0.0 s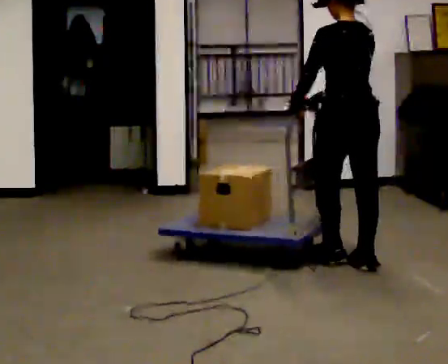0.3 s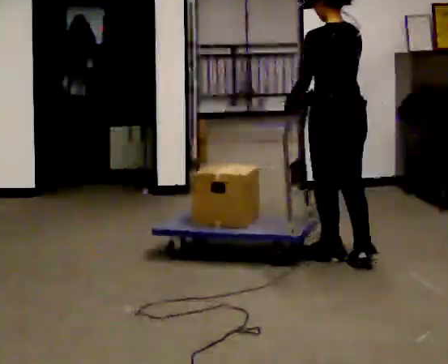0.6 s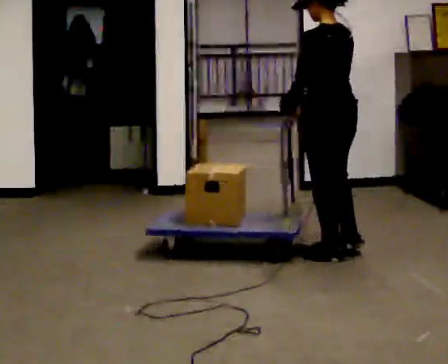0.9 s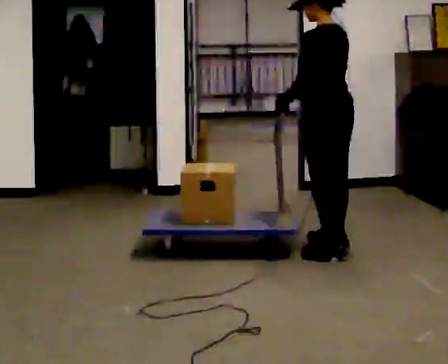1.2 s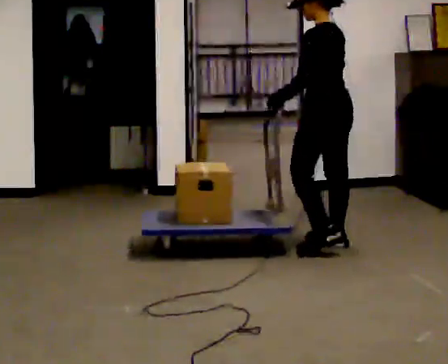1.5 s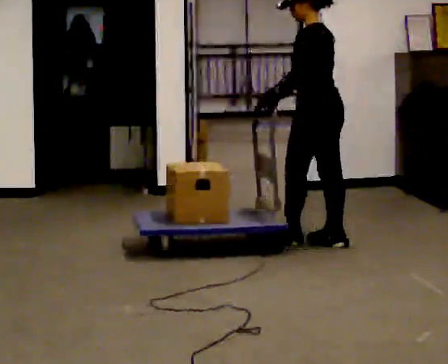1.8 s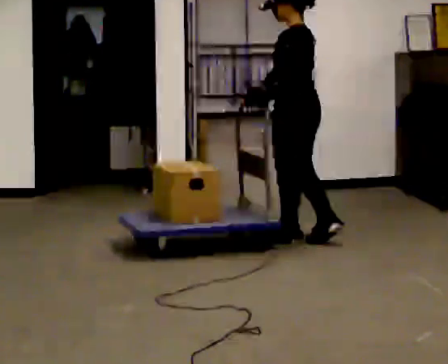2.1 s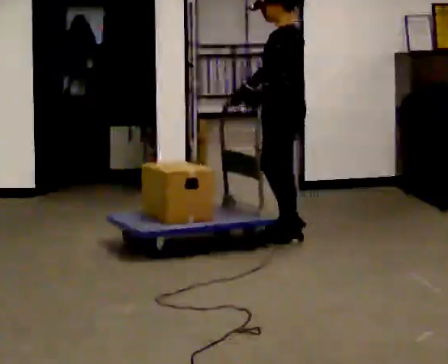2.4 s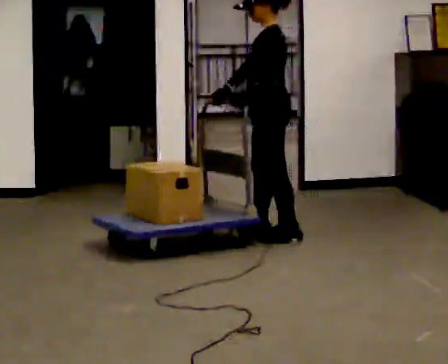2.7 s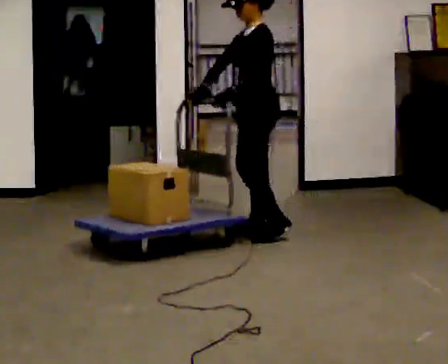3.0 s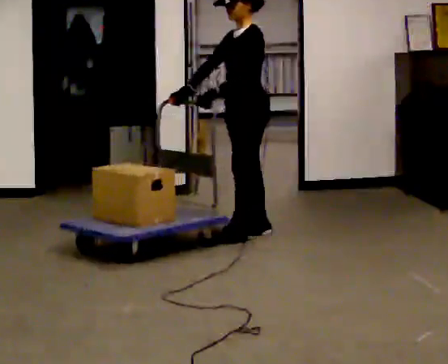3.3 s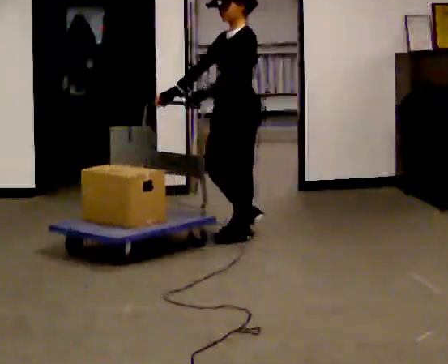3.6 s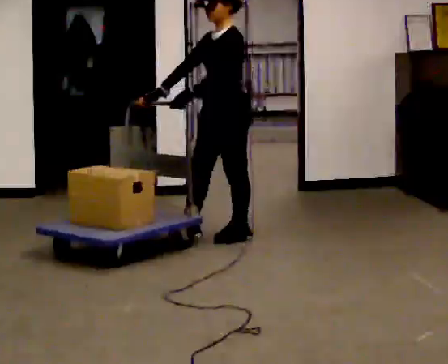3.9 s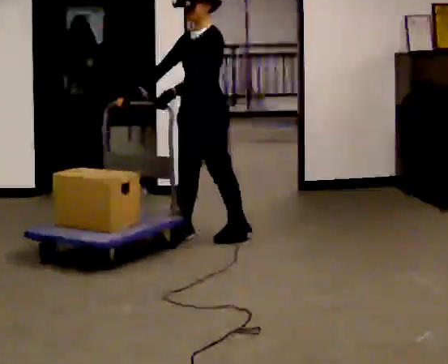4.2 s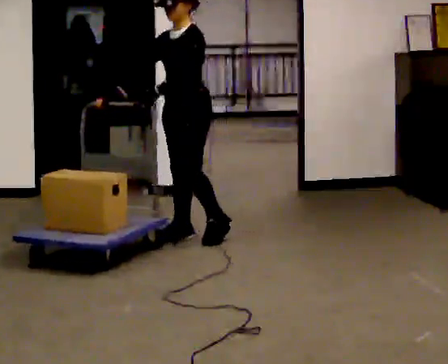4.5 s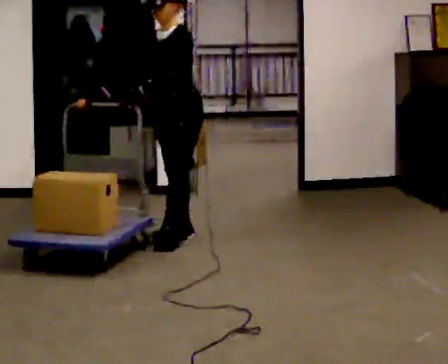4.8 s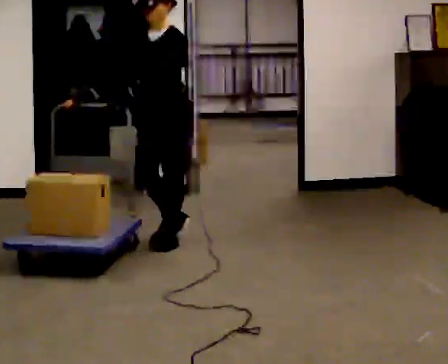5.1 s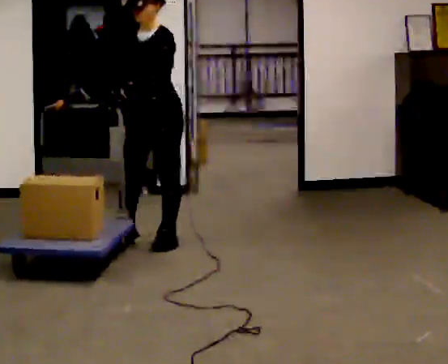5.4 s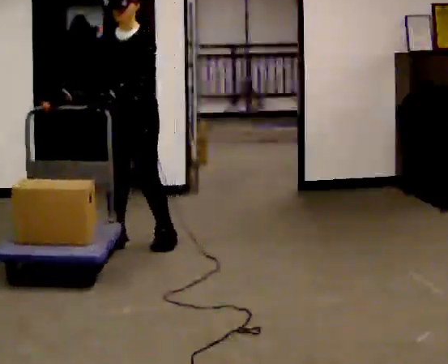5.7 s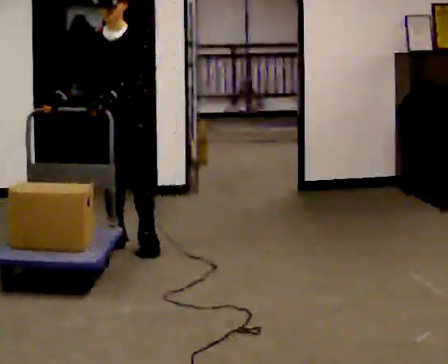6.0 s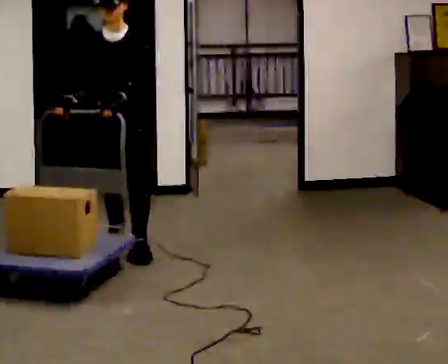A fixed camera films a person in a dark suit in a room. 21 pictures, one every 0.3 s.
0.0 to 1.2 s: The person turns about 30 degrees to their left, counterclockwise seen from above, so the part of the body nearest the lens slides to the right. In the picture they go away from the camera, about 0.5 m in 2 steps, which for them is forward and to their right.
1.2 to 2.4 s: The person turns about 30 degrees to their left, counterclockwise seen from above, so the part of the body nearest the lens slides to the right. In the picture they go to the left and away from the camera, about 0.5 m in 2 steps, which for them is forward.
2.4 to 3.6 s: The person turns about 30 degrees to their left, counterclockwise seen from above, so the part of the body nearest the lens slides to the right. In the picture they go to the left, about 0.25 m in 1 step, which for them is forward.
3.6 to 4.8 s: In the picture they go to the left, about 0.5 m in 2 steps, which for them is forward and to their right.
4.8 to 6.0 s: The person turns about 30 degrees to their left, counterclockwise seen from above, so the part of the body nearest the lens slides to the right. In the picture they go to the left and toward the camera, about 0.25 m in 2 steps, which for them is forward and to their right.
The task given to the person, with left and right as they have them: Push the loaded cart from one corner of the room to the other, turn it round, and push it back. Keep going until the operator says stop.
The film runs forward here.
